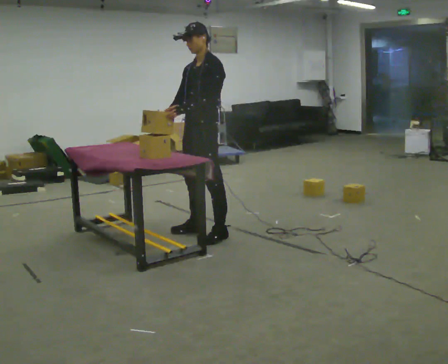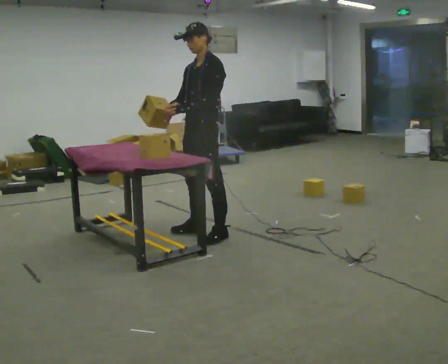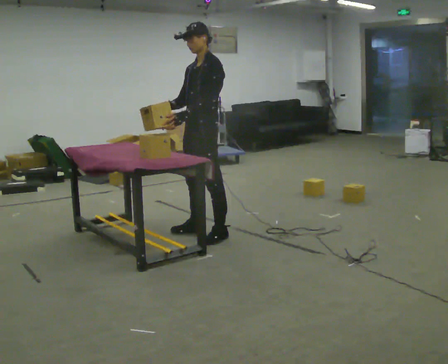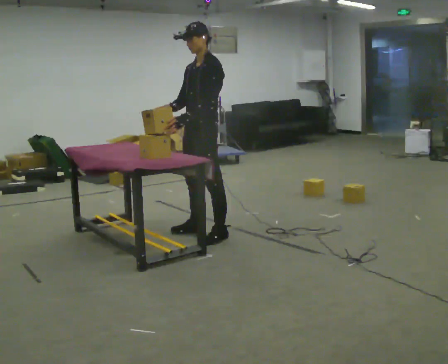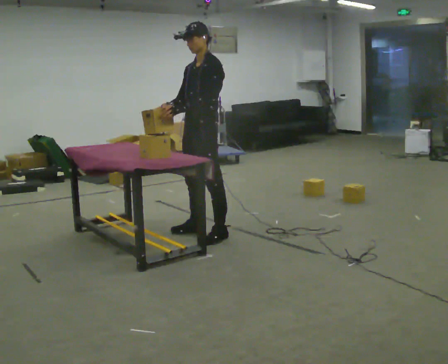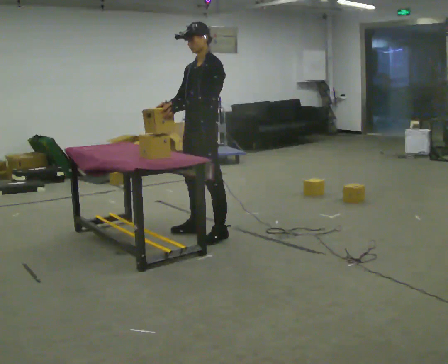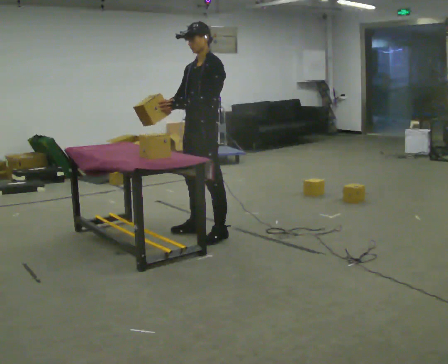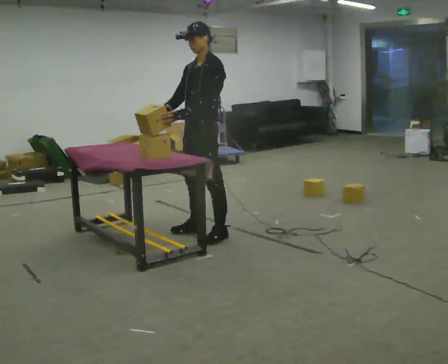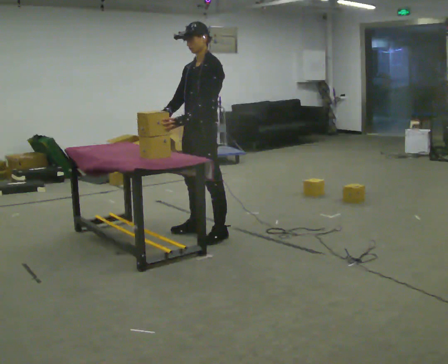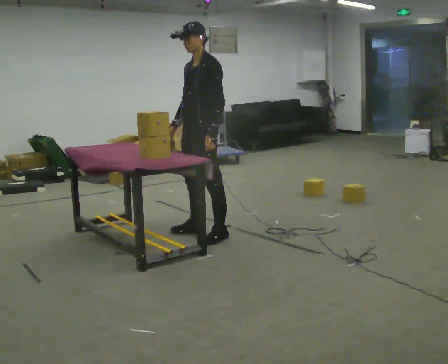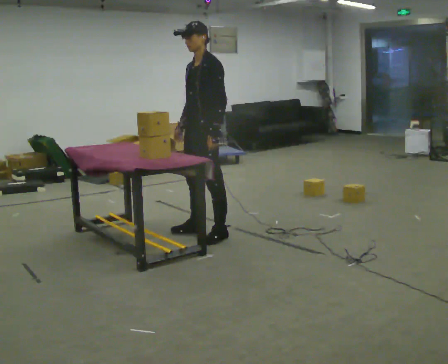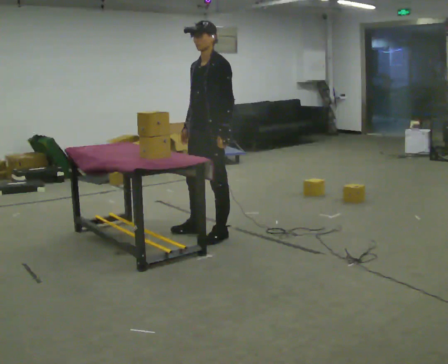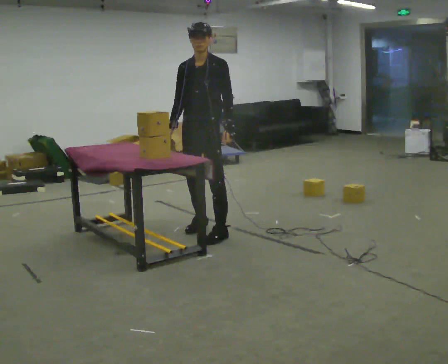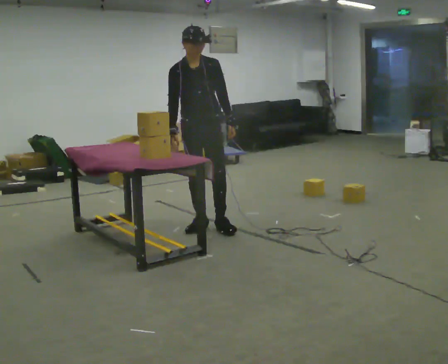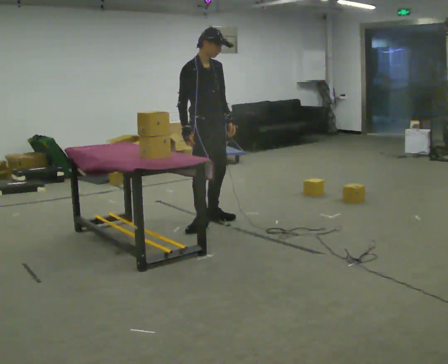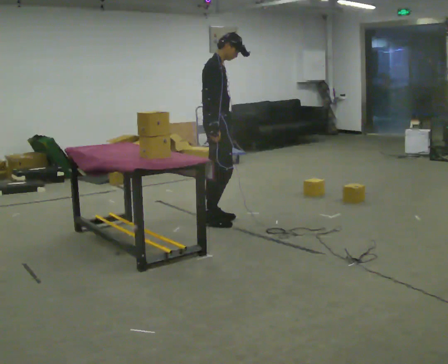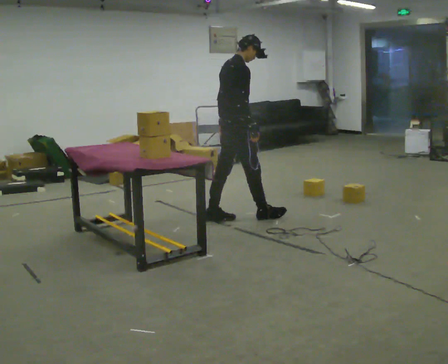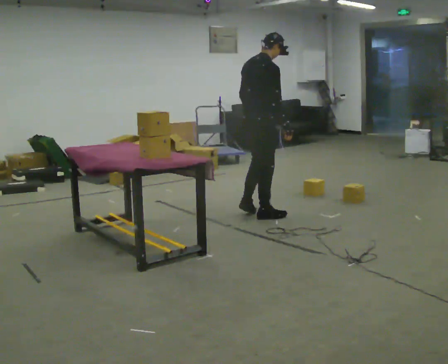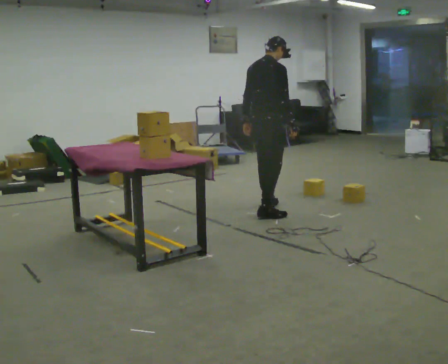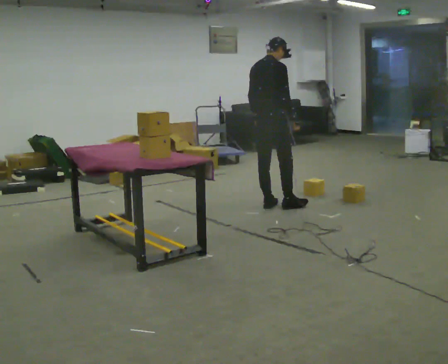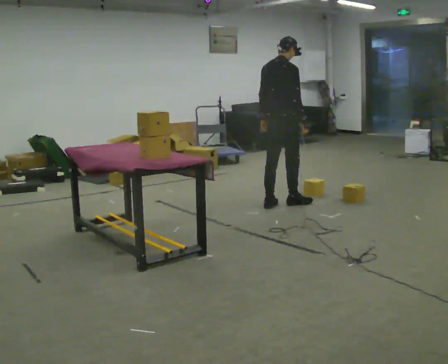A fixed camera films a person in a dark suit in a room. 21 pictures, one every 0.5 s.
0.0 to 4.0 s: The person moves a little, or ends about where they began.
4.0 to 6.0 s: Seen from above the body turns counterclockwise, about 30 degrees: to their left, with its near side sliding to the right. In the picture their left hand goes to the right.
6.0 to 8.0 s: The person turns about 135 degrees to their left, counterclockwise seen from above, so the part of the body nearest the lens slides to the right. In the picture they go away from the camera and to the right, about 0.5 m in 2 steps.
8.0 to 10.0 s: In the picture they go to the right and away from the camera, about 0.75 m in 2 steps, which for them is forward.
The film runs forward here.
